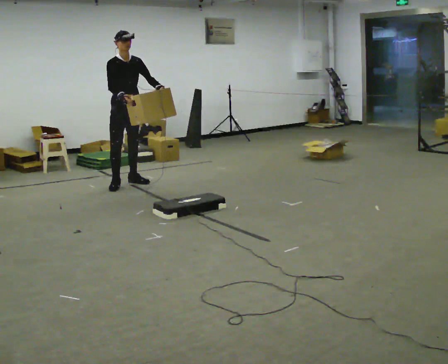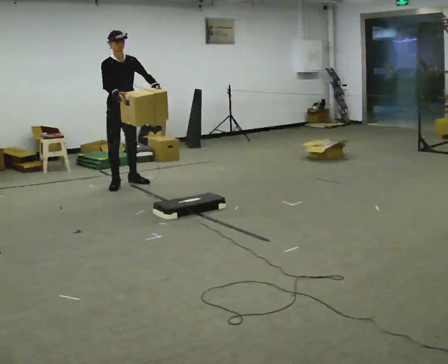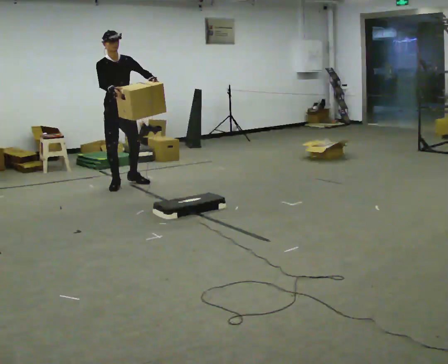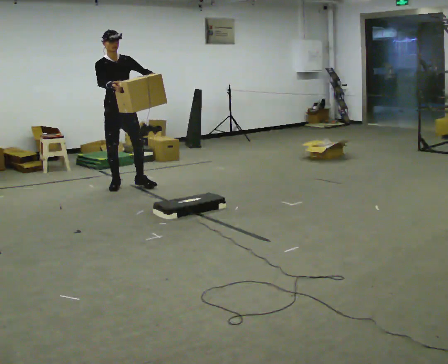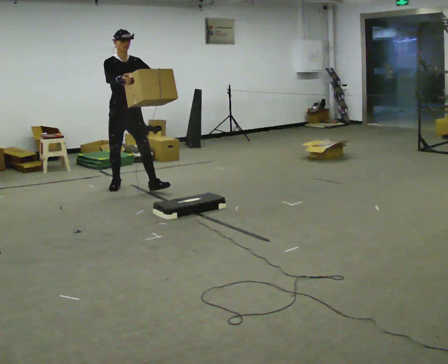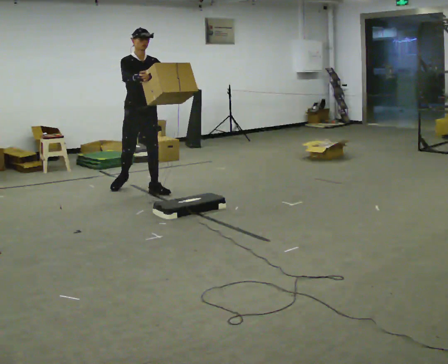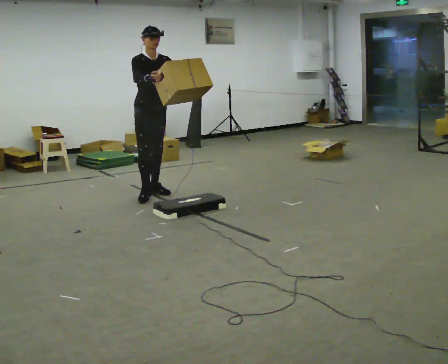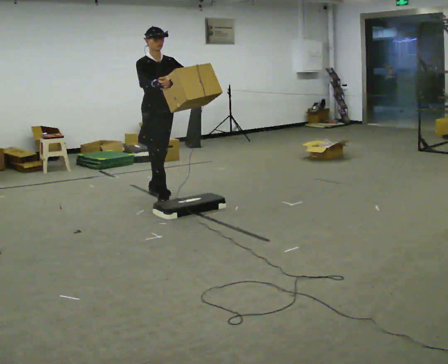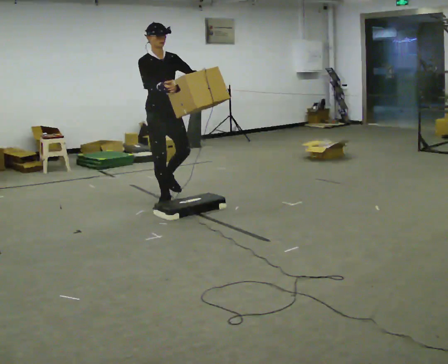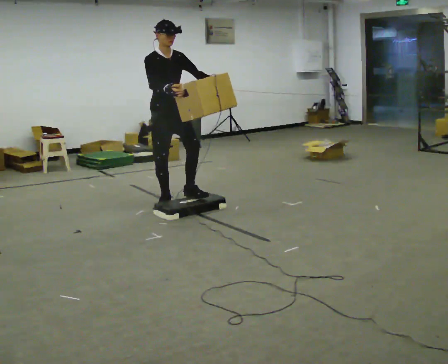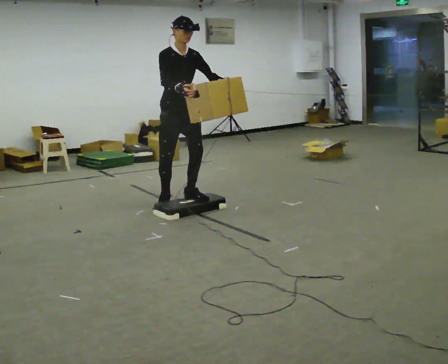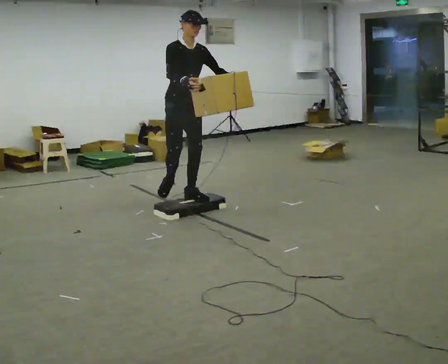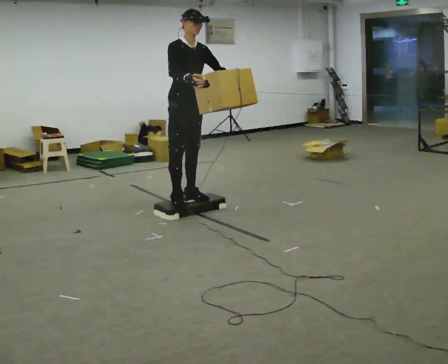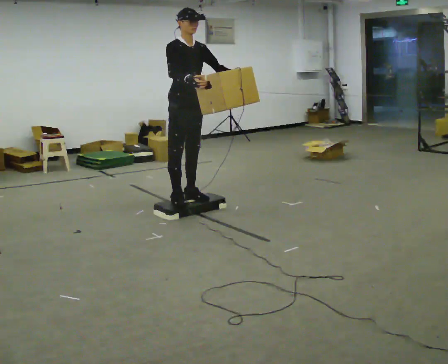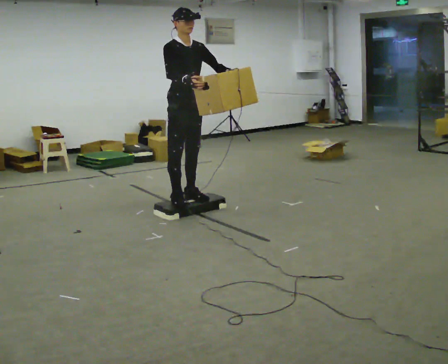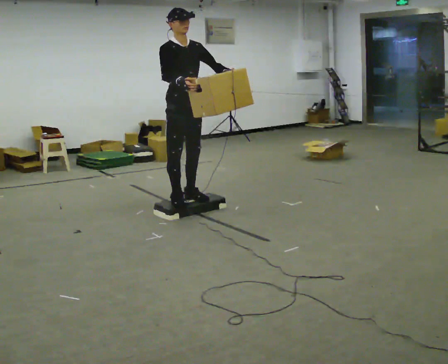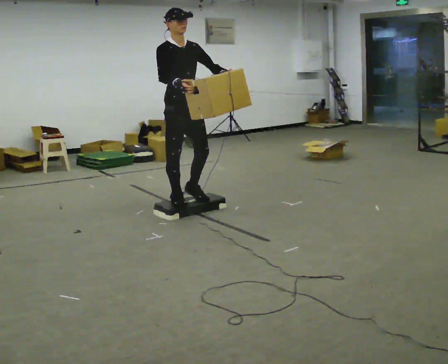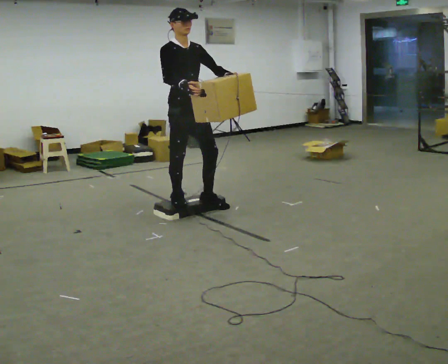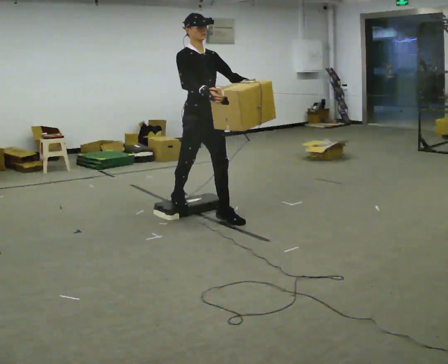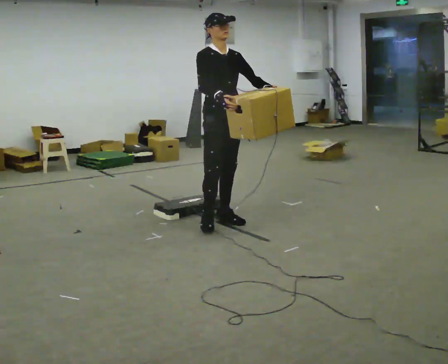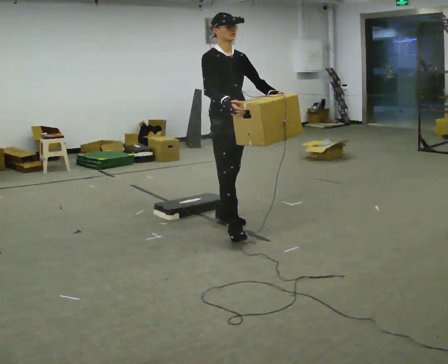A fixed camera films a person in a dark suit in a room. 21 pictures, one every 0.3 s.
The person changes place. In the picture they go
toward the camera.
0.0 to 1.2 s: In the picture they go toward the camera, about 0.25 m, which for them is forward.
1.2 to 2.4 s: In the picture they go toward the camera and to the right, about 0.5 m in 2 steps, which for them is forward.
2.4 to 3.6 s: In the picture they go toward the camera and to the right, about 0.25 m in 2 steps, which for them is forward.
3.6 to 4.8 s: In the picture they go toward the camera, about 0.25 m, which for them is forward and to their right.
4.8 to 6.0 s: In the picture they go toward the camera and to the right, about 0.5 m in 2 steps, which for them is forward.
The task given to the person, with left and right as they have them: Carry the box up onto the platform, across it, and down the other side, then bring it back. Keep going until the operator says stop; one object at a time, and do not rush between trips.
The film runs forward here.
